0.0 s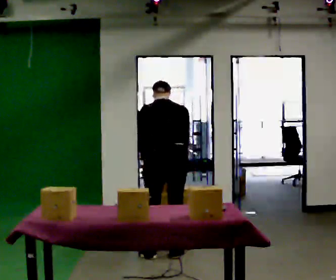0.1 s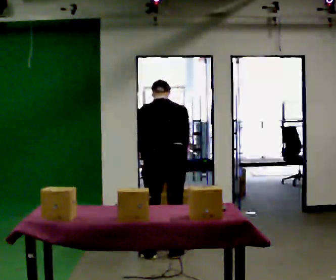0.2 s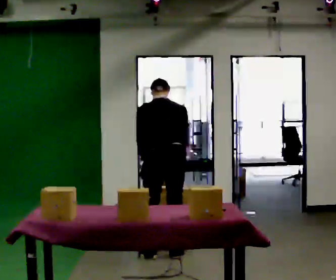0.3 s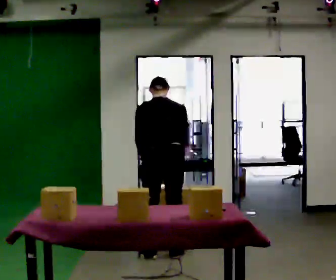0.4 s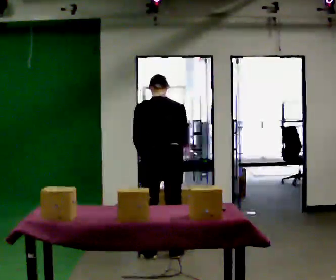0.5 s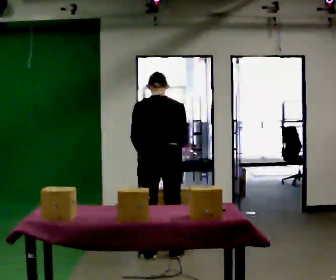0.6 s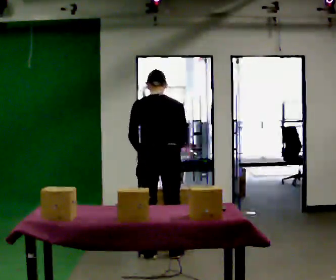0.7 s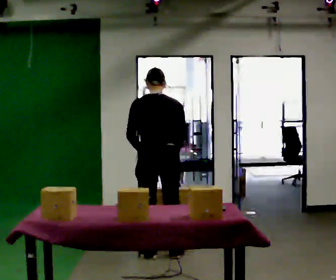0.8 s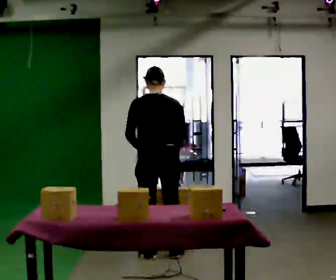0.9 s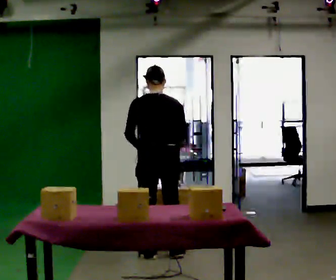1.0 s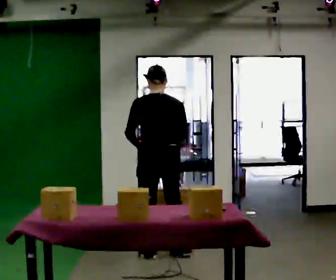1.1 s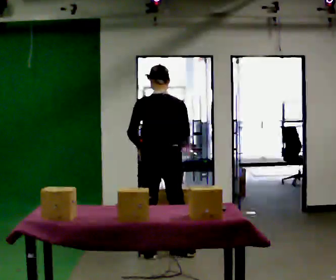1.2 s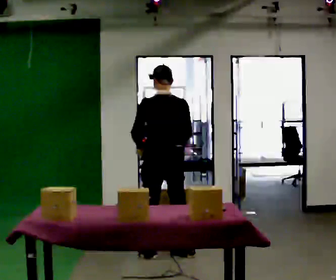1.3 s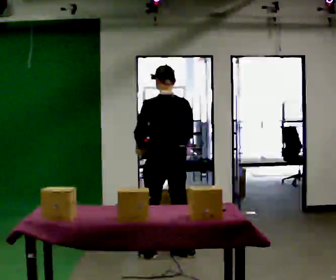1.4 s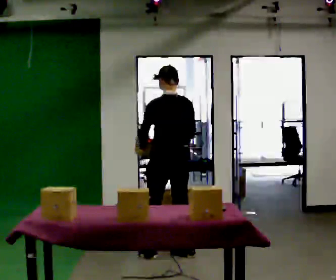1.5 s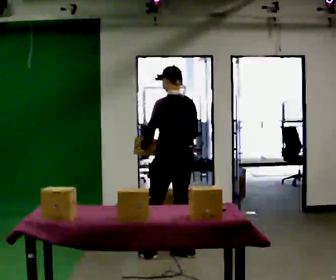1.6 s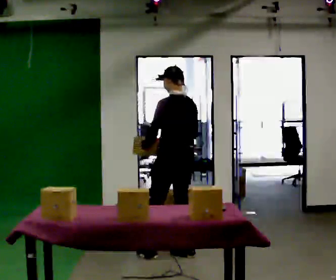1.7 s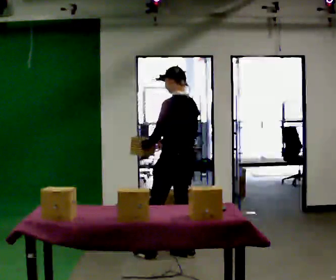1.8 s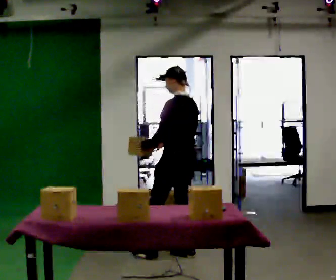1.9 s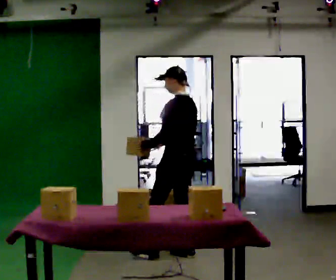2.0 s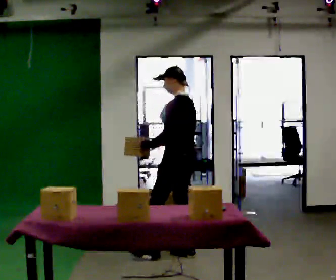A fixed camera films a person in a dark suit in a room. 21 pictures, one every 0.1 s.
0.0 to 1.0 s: The upper body tips toward the camera, its near side rolling downward, as they lean back or straighten.
1.0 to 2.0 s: Seen from above the body turns counterclockwise, about 60 degrees: to their left, with its near side sliding to the right. In the picture they go to the right, about 0.25 m in 1 step, which for them is to their right.
The film runs forward here.
